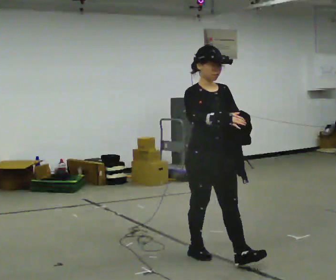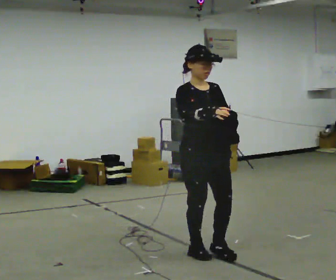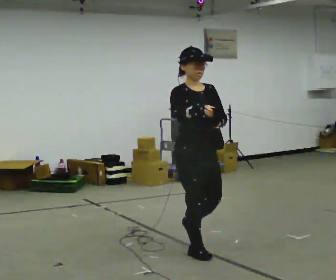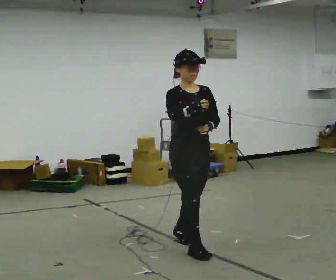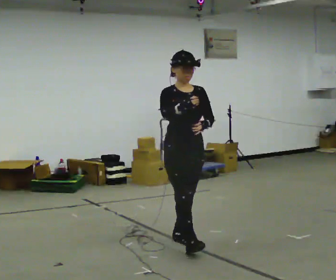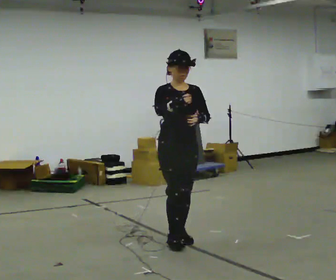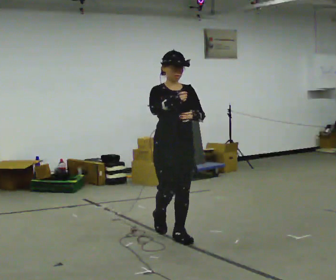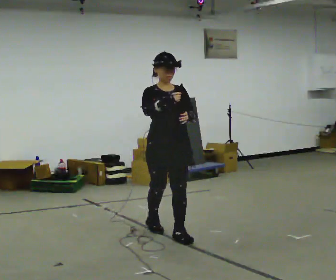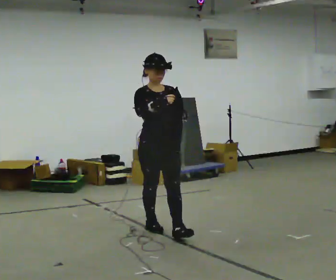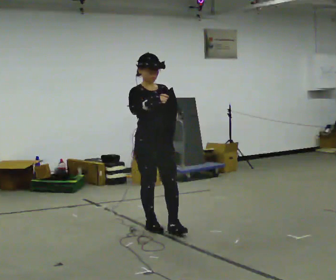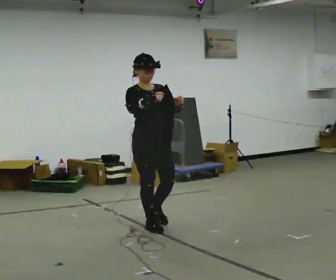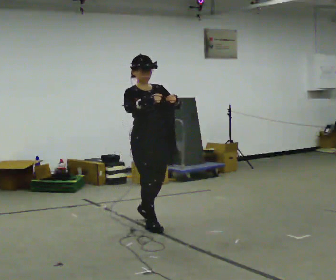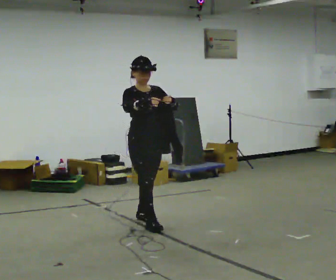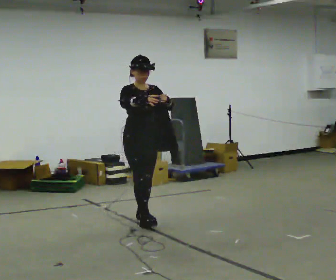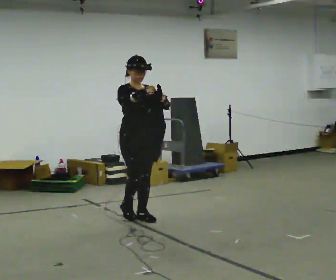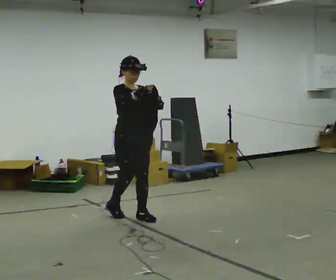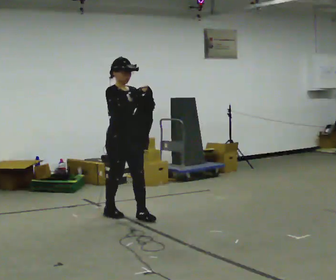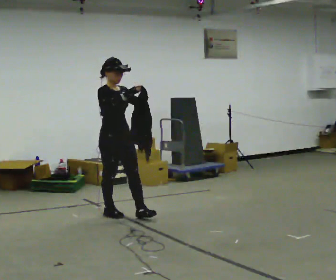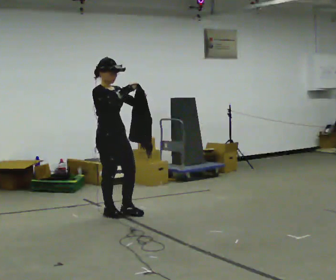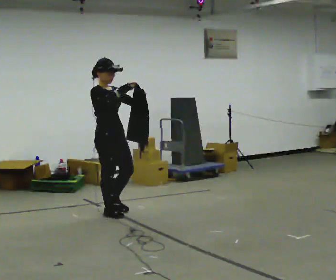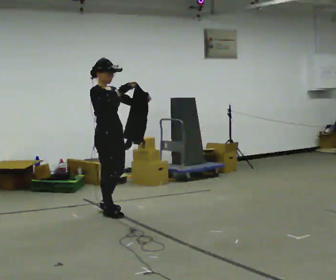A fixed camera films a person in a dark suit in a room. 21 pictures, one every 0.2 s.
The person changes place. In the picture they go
away from the camera.
0.0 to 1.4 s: In the picture they go away from the camera and to the left, about 1 m in 1 step, which for them is backward.
1.4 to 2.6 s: In the picture they go away from the camera and to the left, about 0.5 m in 2 steps, which for them is backward.
2.6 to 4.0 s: The part of the body nearest the lens slides to the right as the person turns to their left by about 30 degrees. In the picture they go to the left and away from the camera, about 0.5 m in 1 step, which for them is backward.
The film runs backward here.
